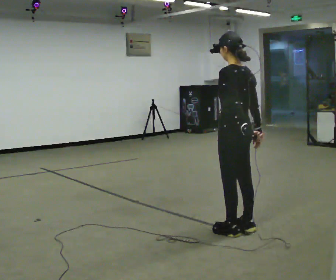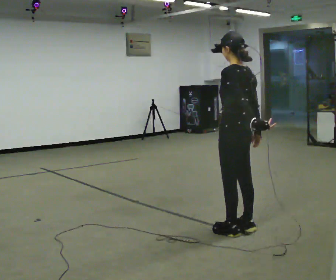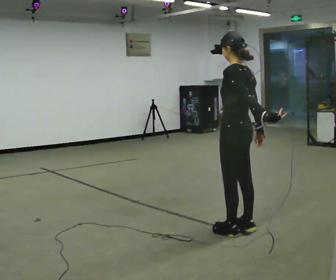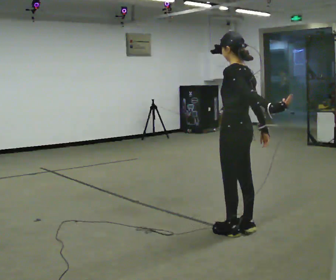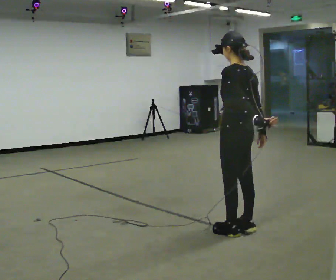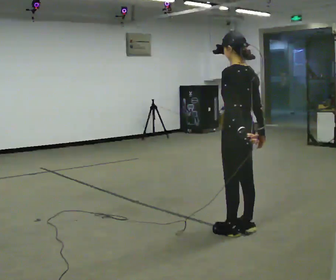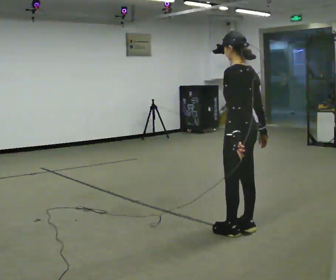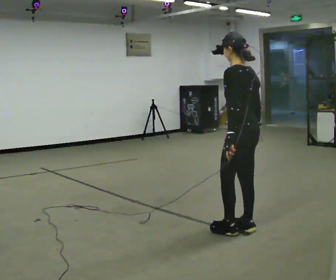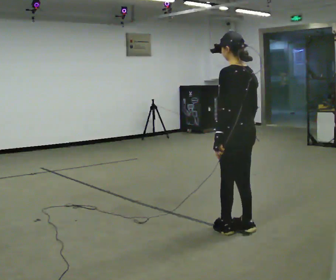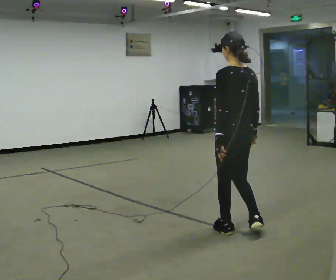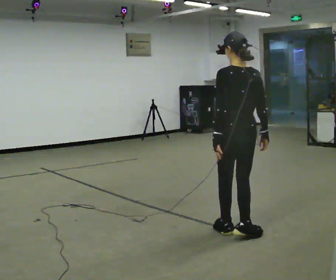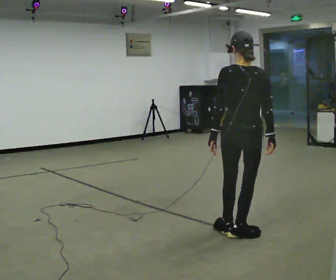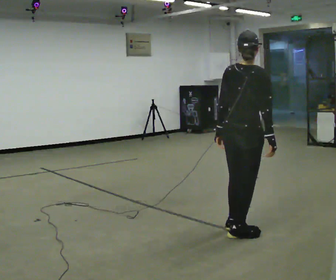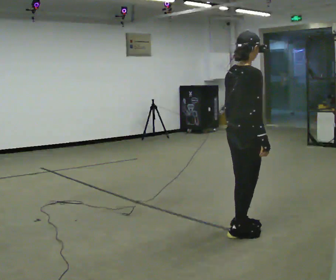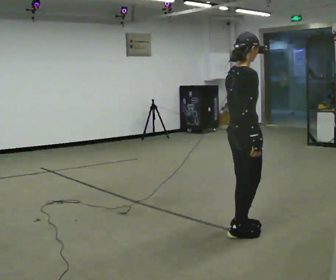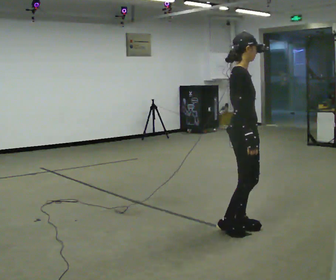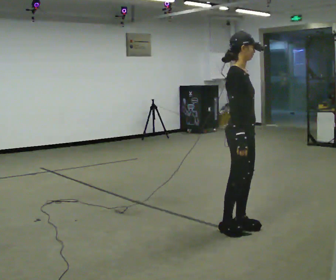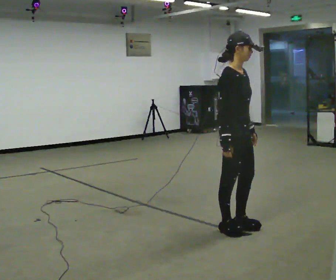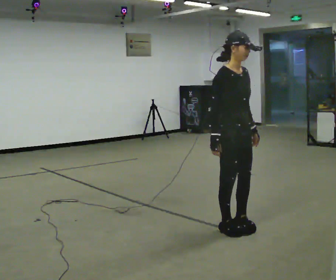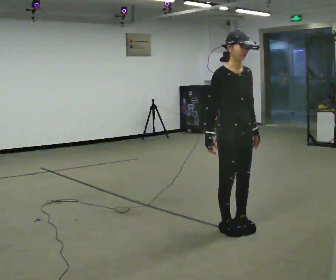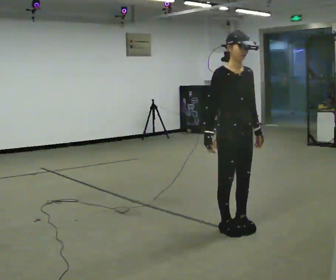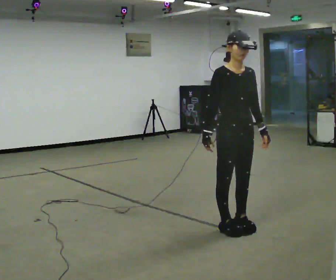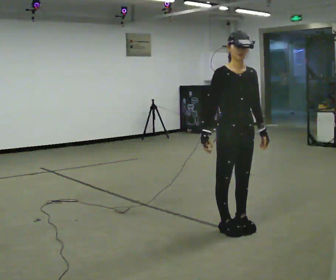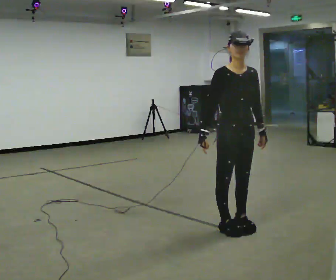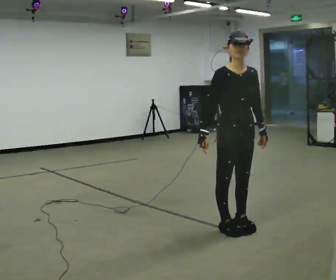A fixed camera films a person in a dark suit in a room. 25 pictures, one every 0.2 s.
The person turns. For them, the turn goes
to their right.
The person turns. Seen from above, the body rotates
clockwise.
0.0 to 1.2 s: The person moves a little, or ends about where they began.
1.2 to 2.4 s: The part of the body nearest the lens slides to the left as the person turns to their right by about 90 degrees.
2.4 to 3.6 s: The part of the body nearest the lens slides to the left as the person turns to their right by about 90 degrees.
3.6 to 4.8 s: The person moves a little, or ends about where they began.
The film runs backward here.
